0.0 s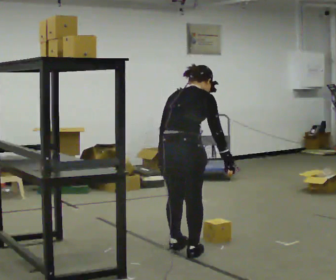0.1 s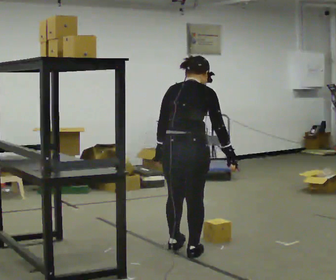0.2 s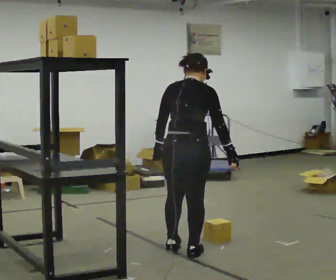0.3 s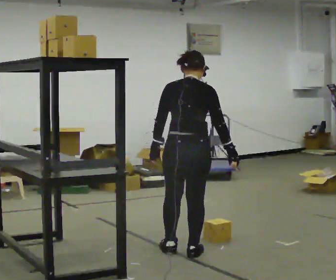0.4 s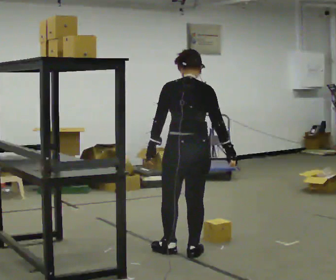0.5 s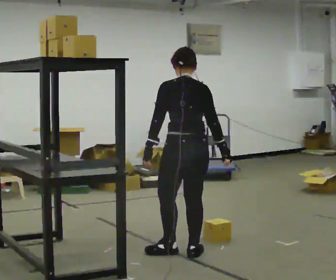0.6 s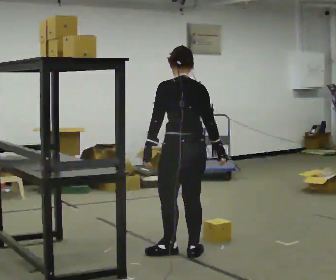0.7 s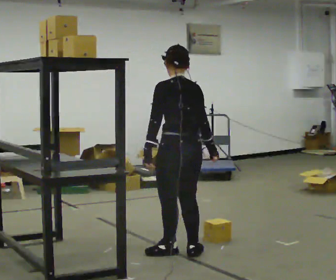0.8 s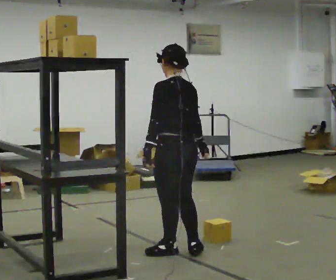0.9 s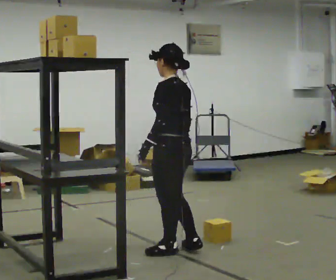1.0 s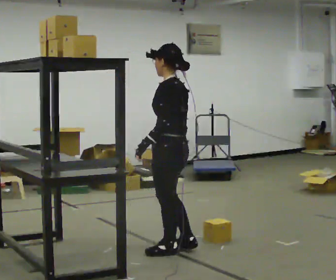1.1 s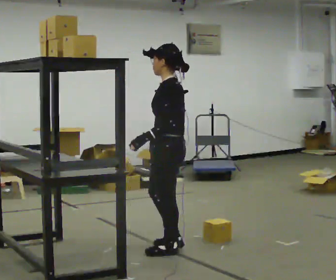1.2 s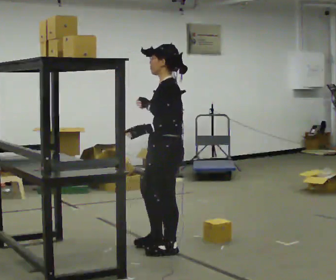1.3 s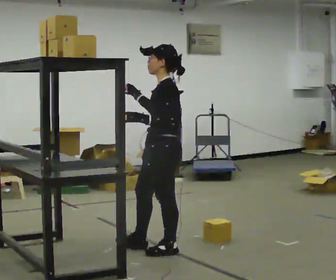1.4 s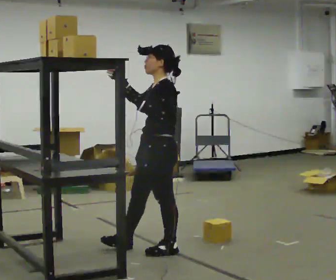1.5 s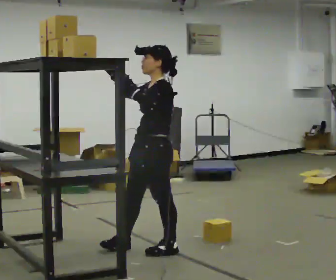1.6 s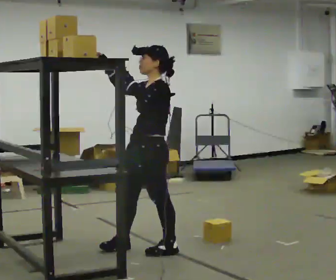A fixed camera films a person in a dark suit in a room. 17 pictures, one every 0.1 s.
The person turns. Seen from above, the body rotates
counterclockwise.
The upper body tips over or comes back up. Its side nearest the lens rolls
downward.
0.0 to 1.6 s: The person turns about 135 degrees to their left, counterclockwise seen from above, so the part of the body nearest the lens slides to the right. In the picture they go to the left, about 0.25 m in 1 step. The upper body tips toward the camera, its near side rolling downward, as they lean back or straighten. In the picture their right hand goes to the left and upward.
The film runs backward here.
